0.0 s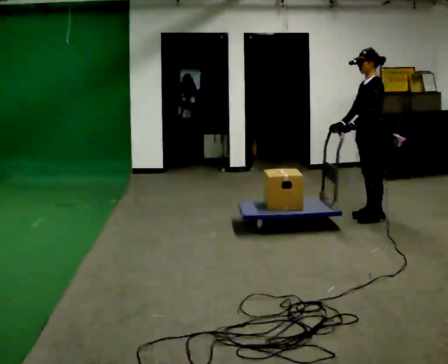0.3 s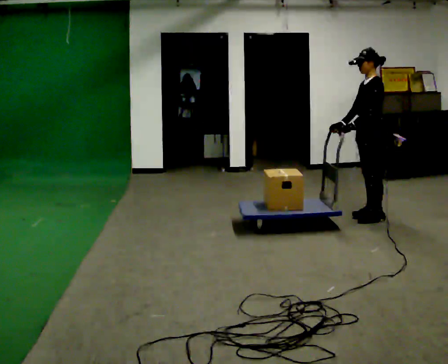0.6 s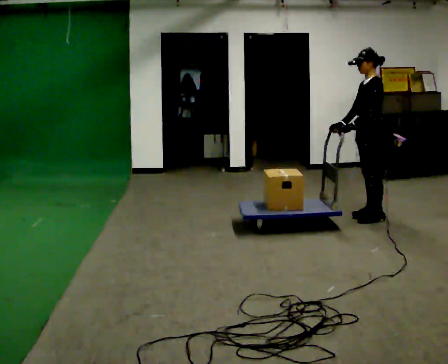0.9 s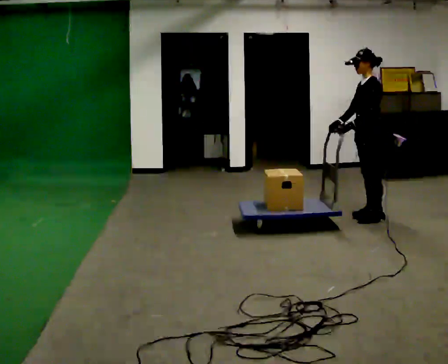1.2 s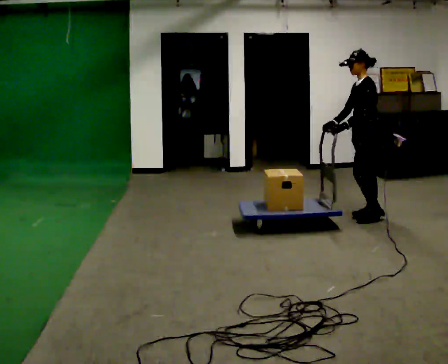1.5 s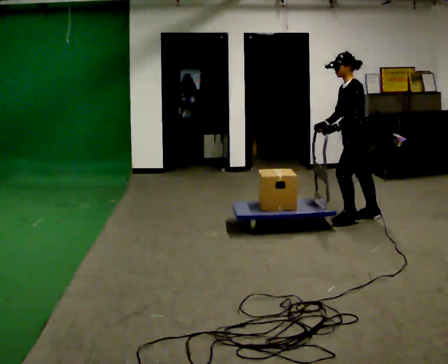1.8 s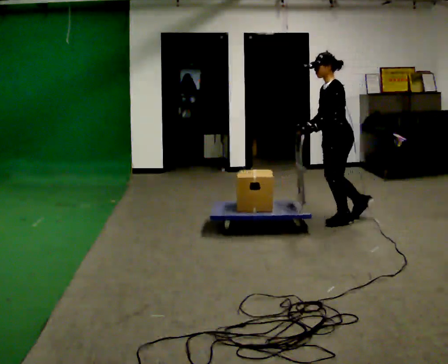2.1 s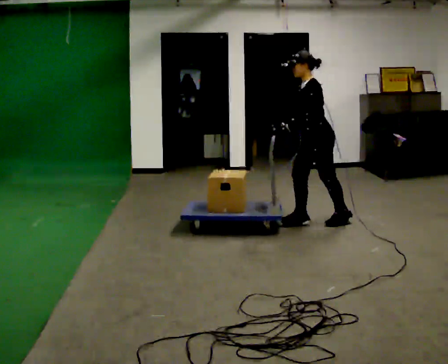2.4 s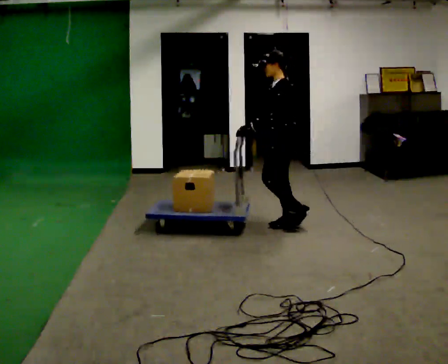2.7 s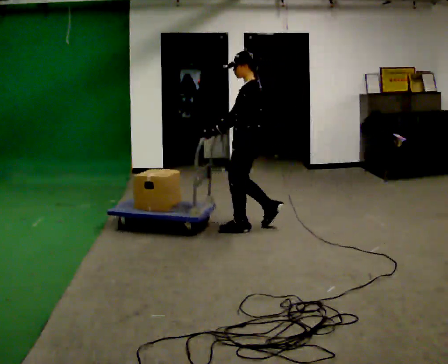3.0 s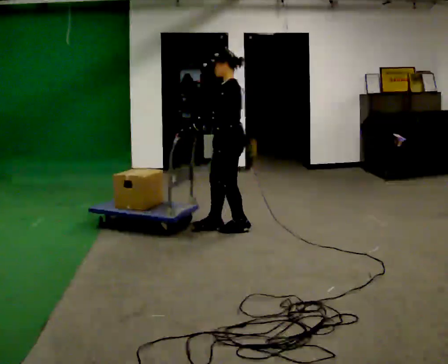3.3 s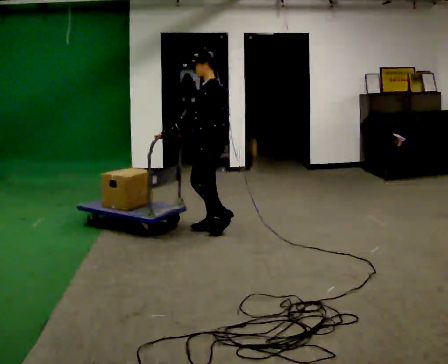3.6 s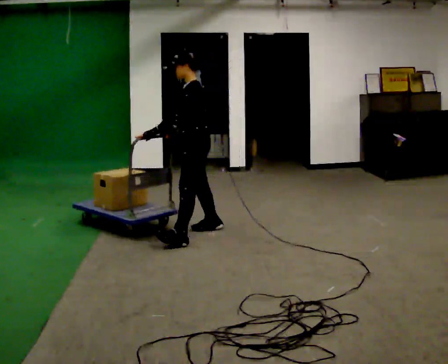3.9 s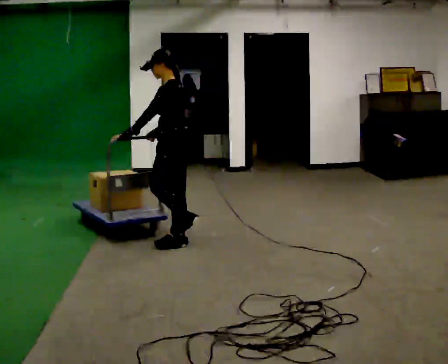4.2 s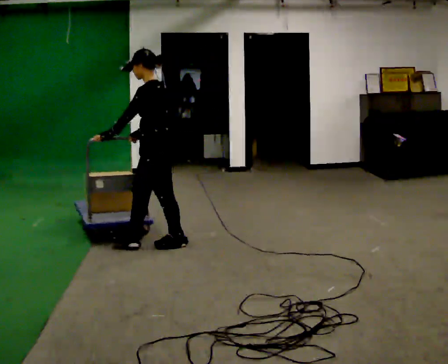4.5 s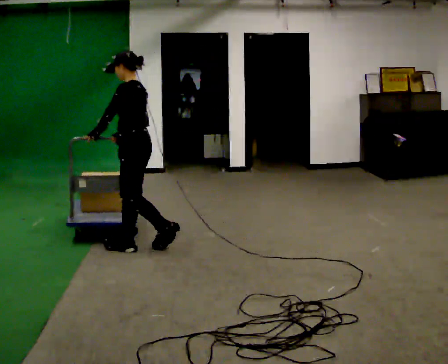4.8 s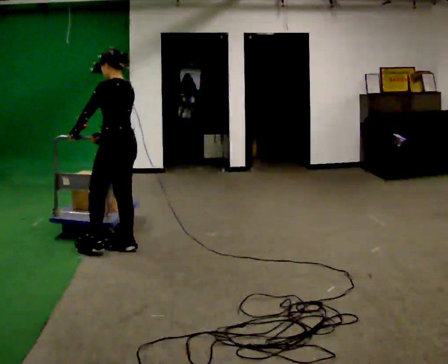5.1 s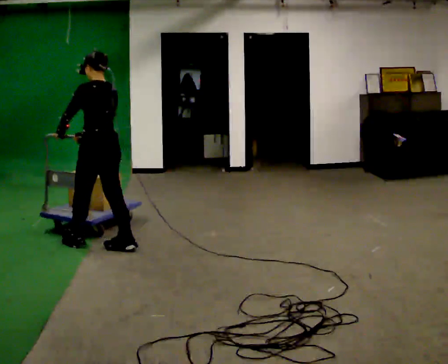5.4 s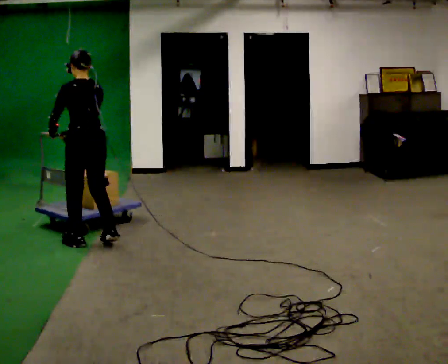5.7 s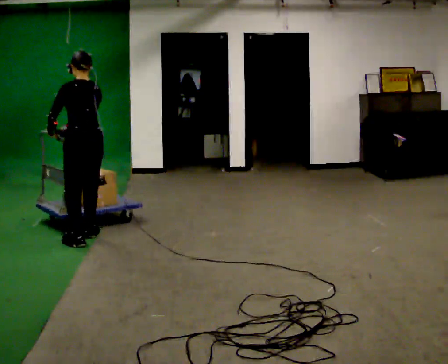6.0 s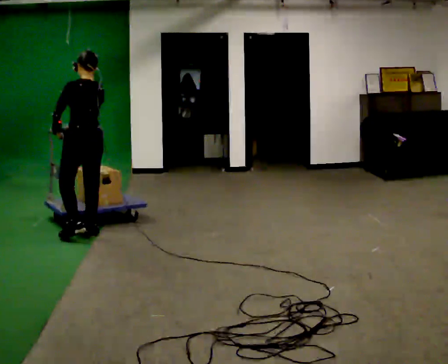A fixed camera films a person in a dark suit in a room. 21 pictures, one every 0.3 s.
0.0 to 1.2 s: The person moves a little, or ends about where they began.
1.2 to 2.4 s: In the picture they go to the left, about 1 m in 2 steps, which for them is forward.
2.4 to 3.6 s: In the picture they go to the left, about 1 m in 2 steps, which for them is forward.
3.6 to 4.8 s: The part of the body nearest the lens slides to the left as the person turns to their right by about 30 degrees. In the picture they go to the left and toward the camera, about 0.75 m in 2 steps, which for them is forward and to their left.
4.8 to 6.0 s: Seen from above the body turns clockwise, about 30 degrees: to their right, with its near side sliding to the left. In the picture they go to the left and away from the camera, about 0.5 m in 2 steps, which for them is forward.
The film runs forward here.
